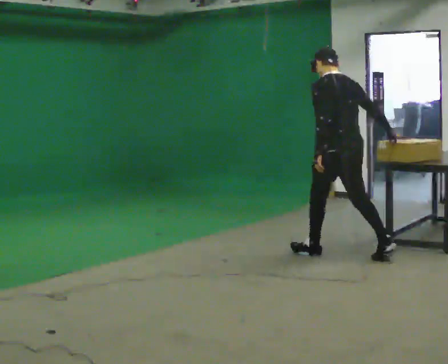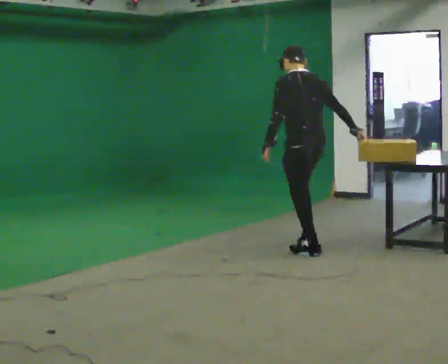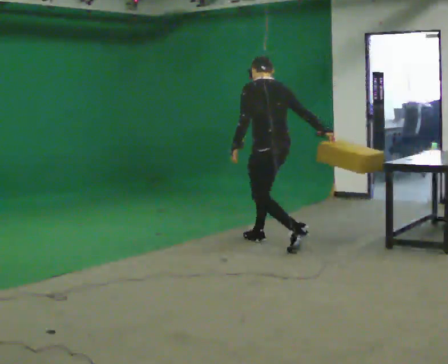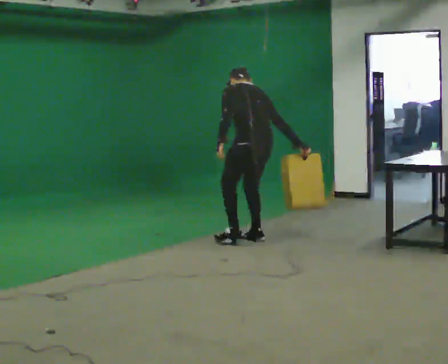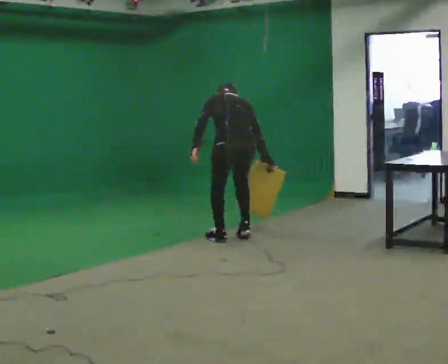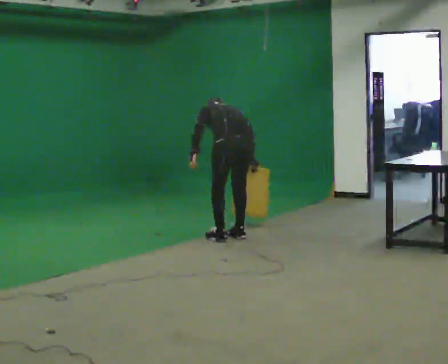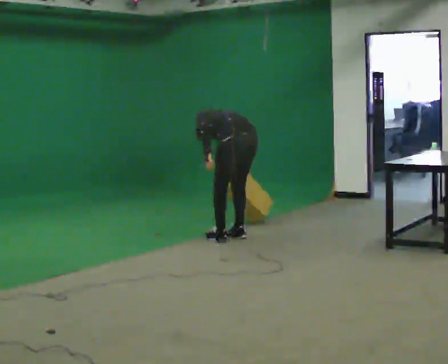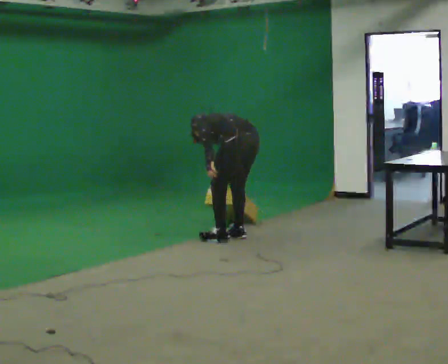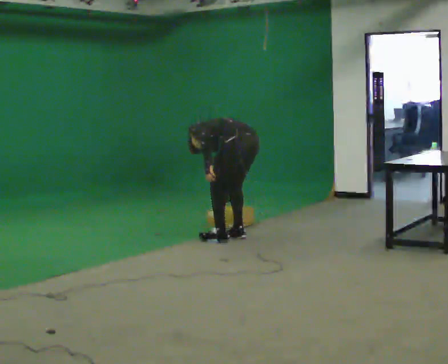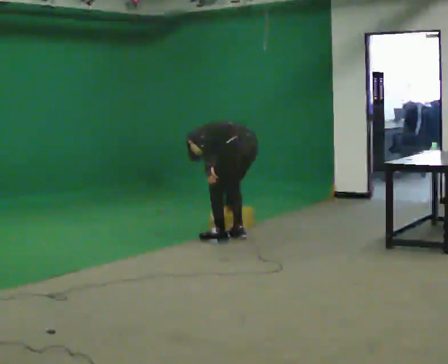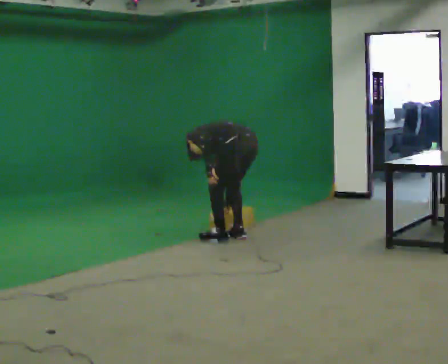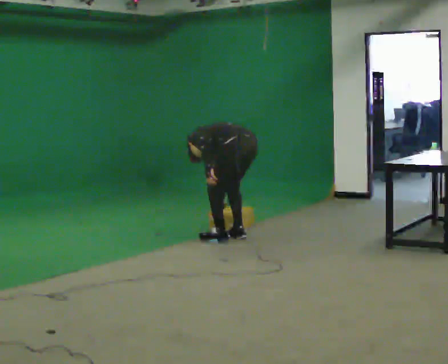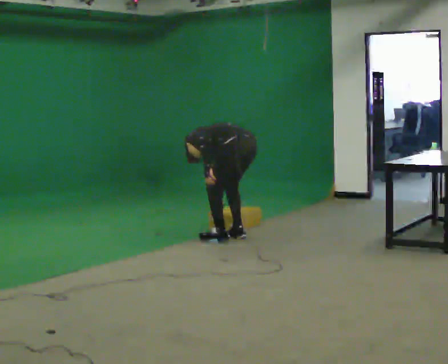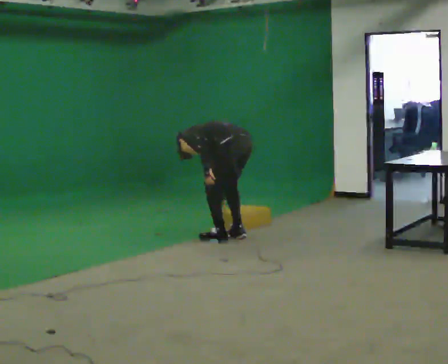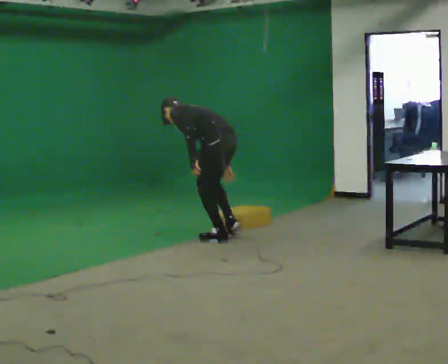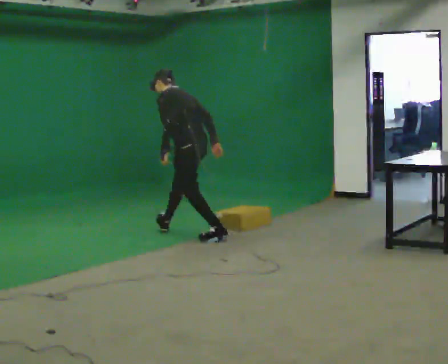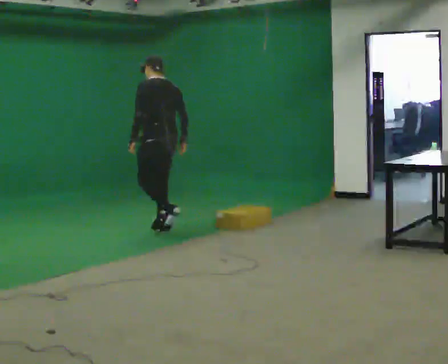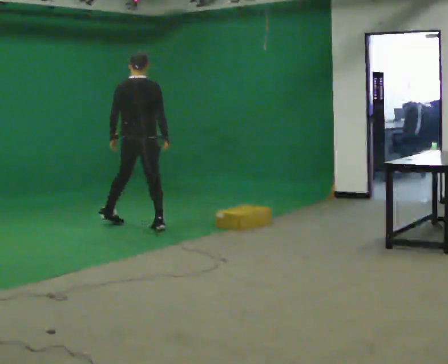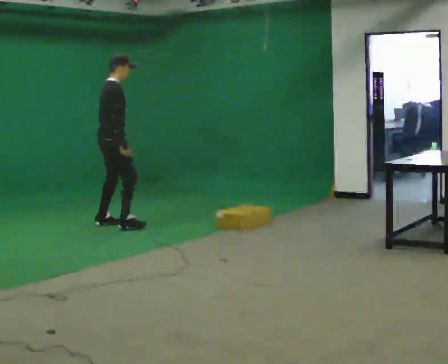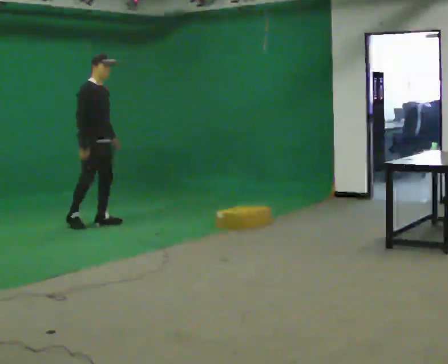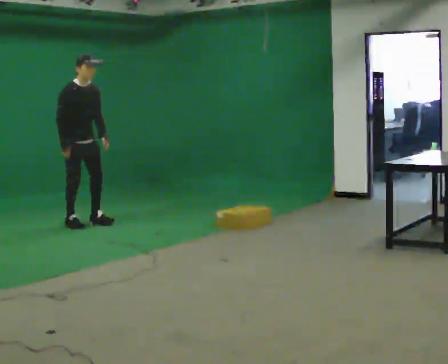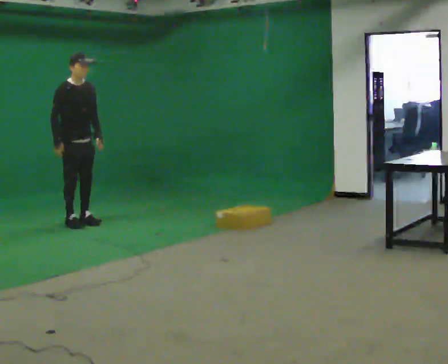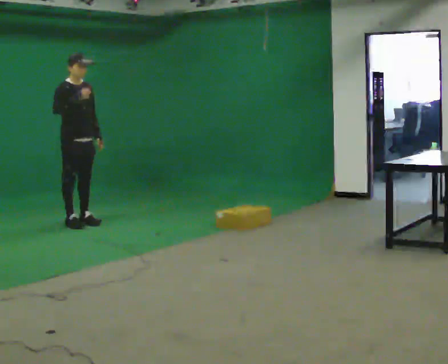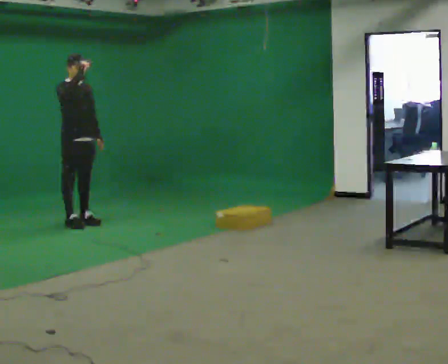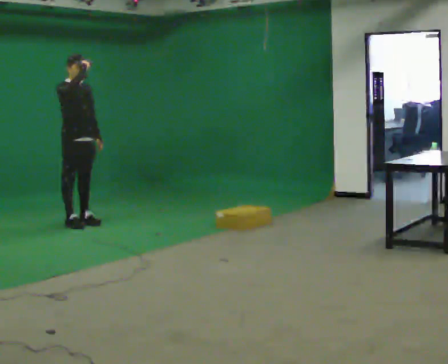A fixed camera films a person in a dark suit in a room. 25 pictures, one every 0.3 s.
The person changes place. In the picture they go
to the left.
0.0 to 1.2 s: In the picture they go to the left and away from the camera, about 1 m in 2 steps, which for them is forward. The shoulders move downward. The upper body tips away from the camera, its near side rolling upward, as they bend forward.
1.2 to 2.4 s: Seen from above the body turns counterclockwise, about 30 degrees: to their left, with its near side sliding to the right. The shoulders move downward. In the picture the upper body tilts counterclockwise, shoulders to the left, as they bend forward.
2.4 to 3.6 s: The person moves a little, or ends about where they began.
3.6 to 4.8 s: In the picture they go to the left and away from the camera, about 1 m in 1 step, which for them is forward. The shoulders move upward. In the picture the upper body tilts clockwise, shoulders to the right, as they lean back or straighten.
4.8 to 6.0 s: Seen from above the body turns clockwise, about 165 degrees: to their right, with its near side sliding to the left. In the picture they go to the left, about 1 m in 2 steps.
6.0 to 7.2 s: In the picture the upper body tilts counterclockwise, shoulders to the left, as they lean back or straighten. In the picture their right hand goes upward.
The film runs forward here.
